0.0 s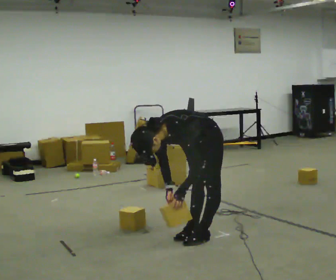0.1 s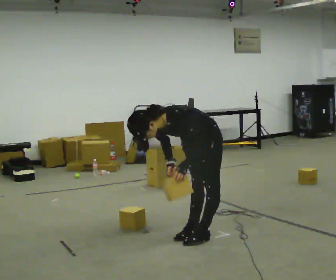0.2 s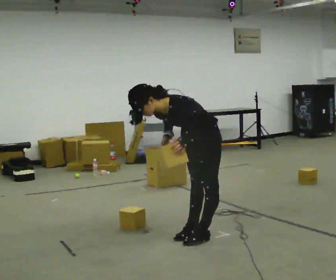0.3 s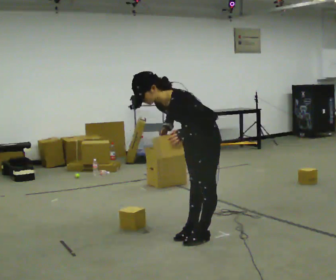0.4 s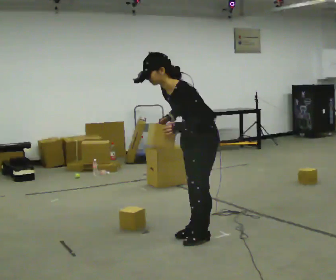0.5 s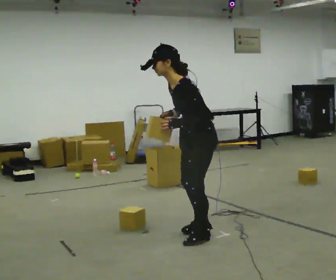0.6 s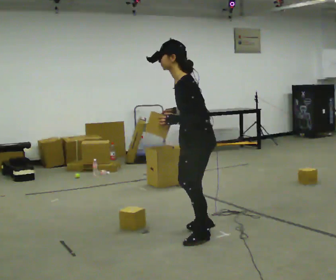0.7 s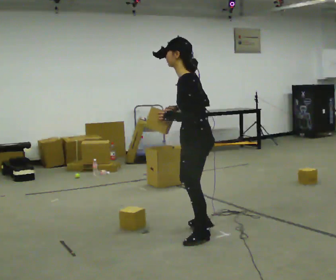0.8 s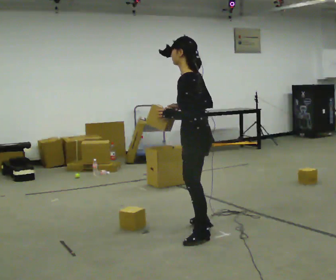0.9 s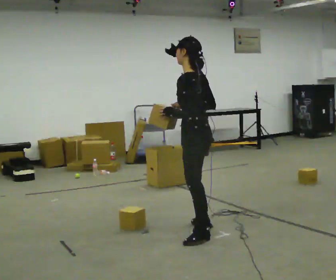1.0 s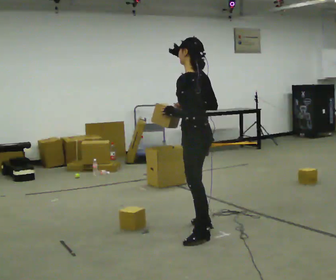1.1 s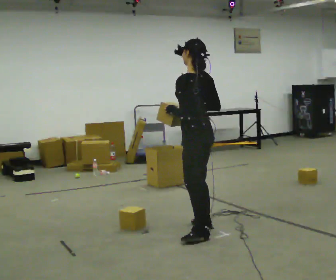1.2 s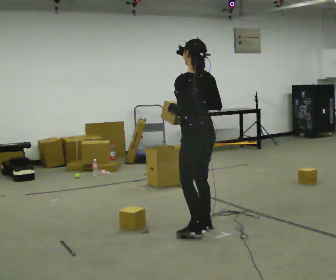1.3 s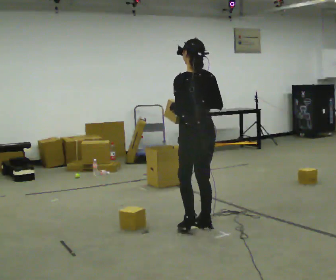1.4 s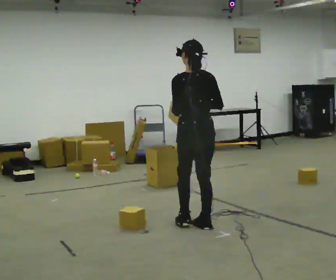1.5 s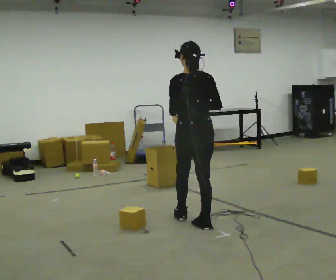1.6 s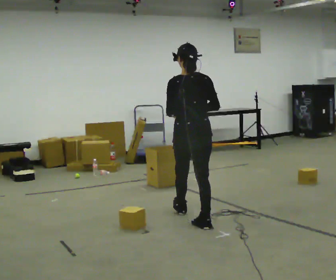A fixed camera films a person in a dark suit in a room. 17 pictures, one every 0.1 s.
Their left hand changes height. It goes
upward.
The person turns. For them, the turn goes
to their right.
0.0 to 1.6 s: Seen from above the body turns clockwise, about 105 degrees: to their right, with its near side sliding to the left. In the picture they go away from the camera, about 0.5 m in 1 step. The upper body goes upward. In the picture the upper body tilts clockwise, shoulders to the right, as they lean back or straighten. In the picture their left hand goes upward.
The film runs forward here.
